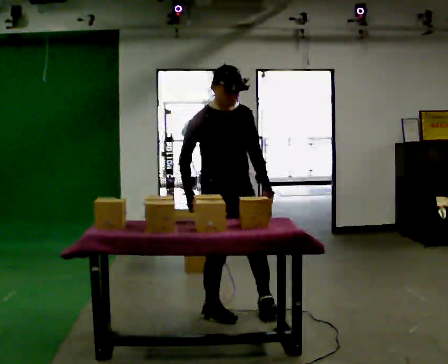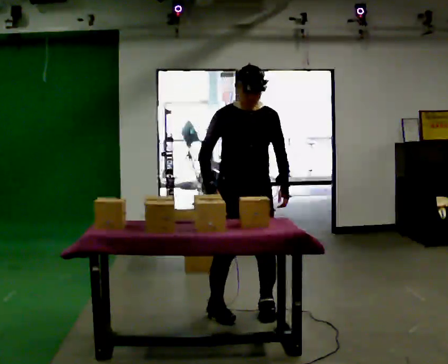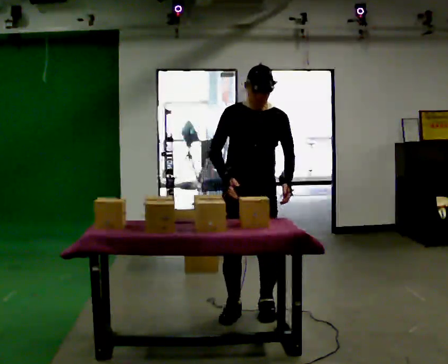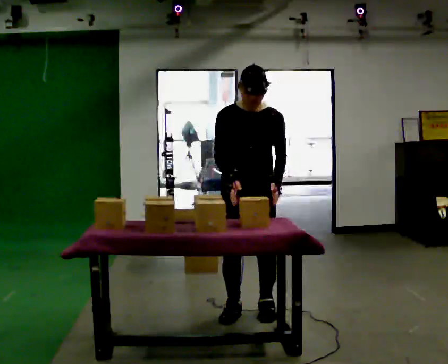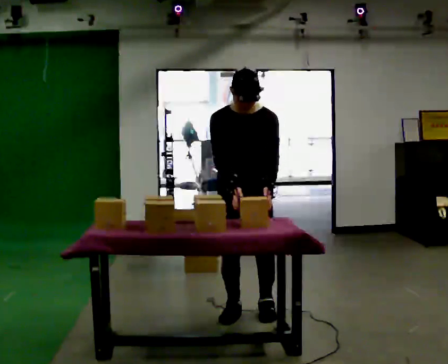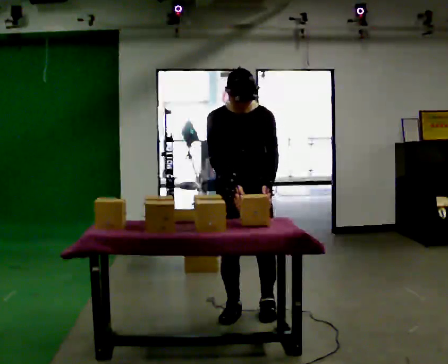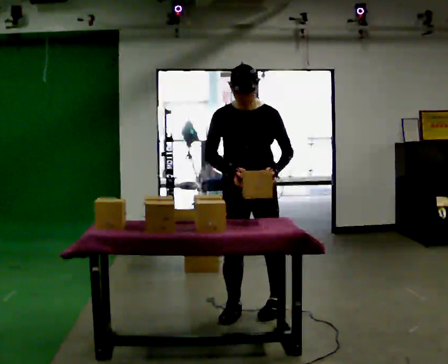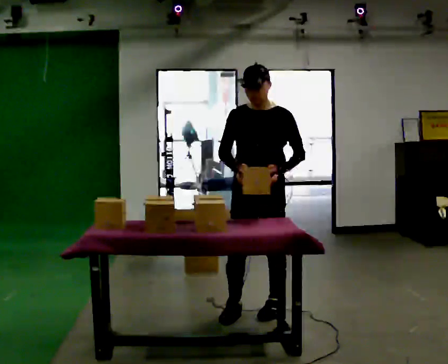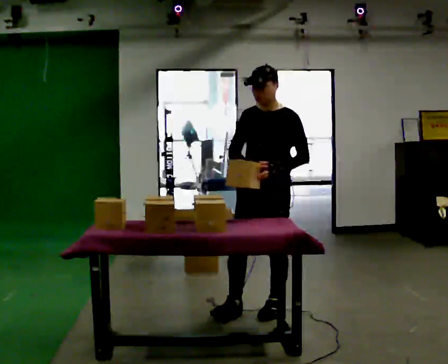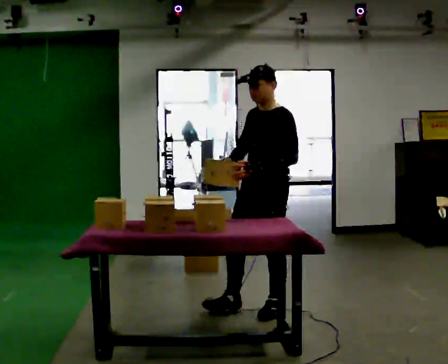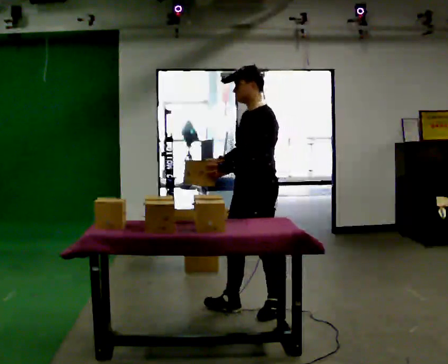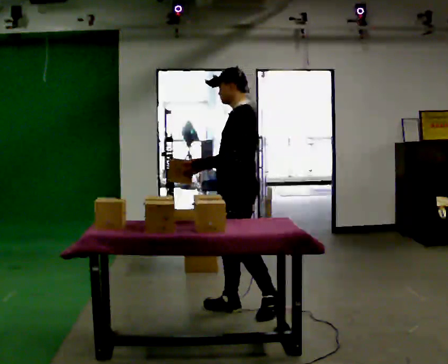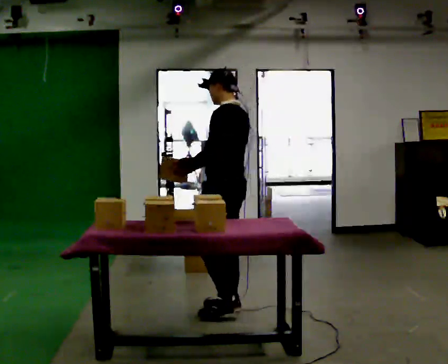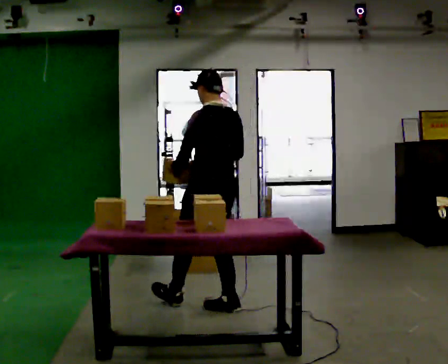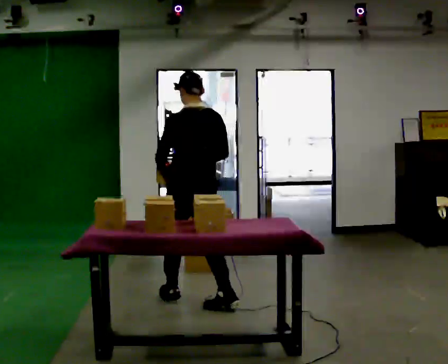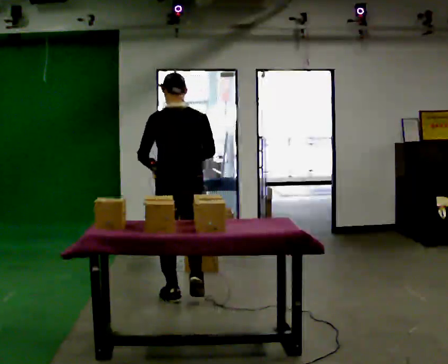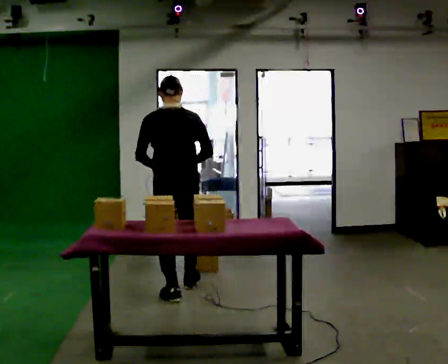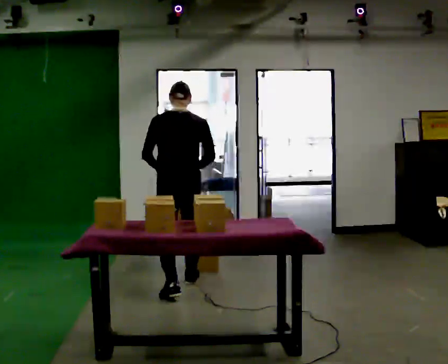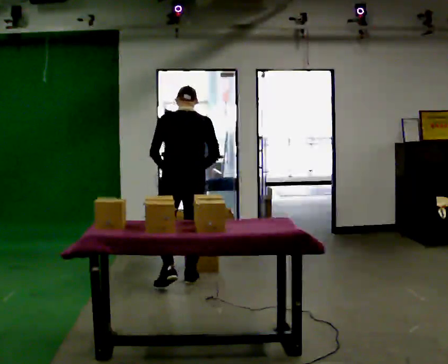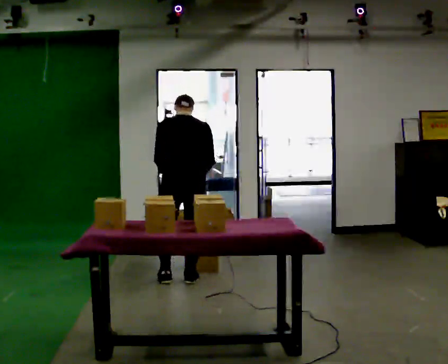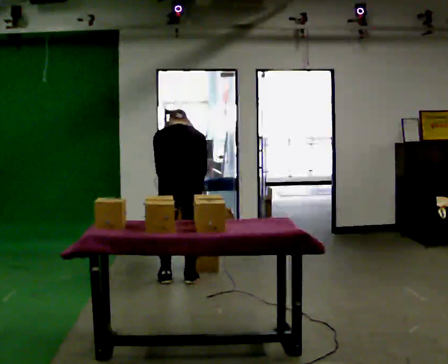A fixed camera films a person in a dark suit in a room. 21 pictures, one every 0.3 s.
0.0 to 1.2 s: The part of the body nearest the lens slides to the left as the person turns to their right by about 30 degrees.
1.2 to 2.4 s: The part of the body nearest the lens slides to the left as the person turns to their right by about 45 degrees. In the picture they go to the right, about 0.25 m, which for them is to their left. The upper body tips away from the camera, its near side rolling upward, as they lean back or straighten.
2.4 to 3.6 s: Seen from above the body turns clockwise, about 75 degrees: to their right, with its near side sliding to the left. In the picture they go to the left, about 0.25 m.
3.6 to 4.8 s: Seen from above the body turns clockwise, about 60 degrees: to their right, with its near side sliding to the left. In the picture they go to the left and away from the camera, about 0.5 m in 1 step, which for them is forward and to their left.
4.8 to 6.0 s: In the picture they go away from the camera, about 0.25 m in 2 steps, which for them is forward. The upper body tips away from the camera, its near side rolling upward, as they bend forward.
The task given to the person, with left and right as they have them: Take the objects from the bin one at a time and put one in each of the places the operator points out. Keep going until the operator says stop; one object at a time, and do not rush between trips.
The film runs forward here.
